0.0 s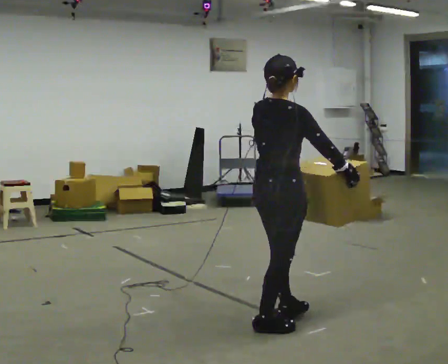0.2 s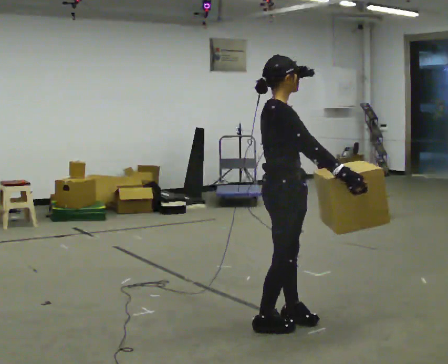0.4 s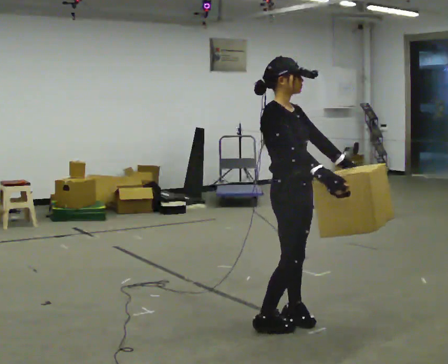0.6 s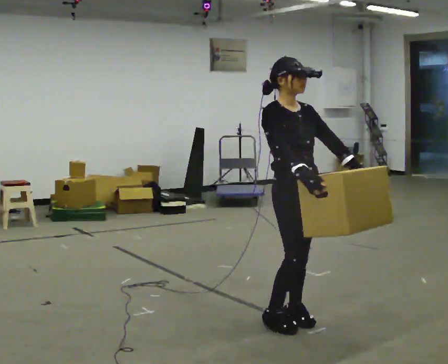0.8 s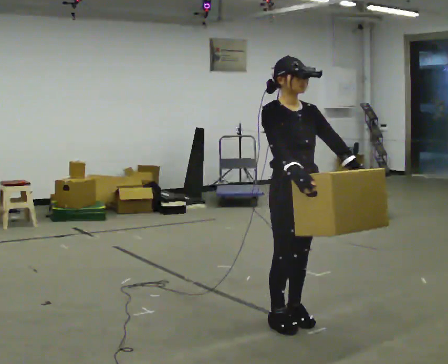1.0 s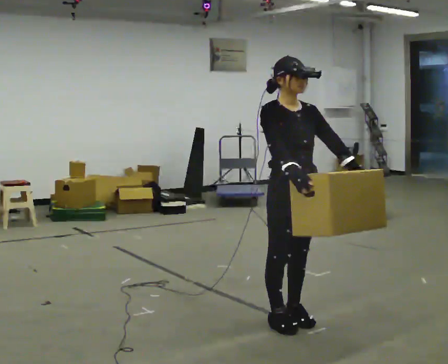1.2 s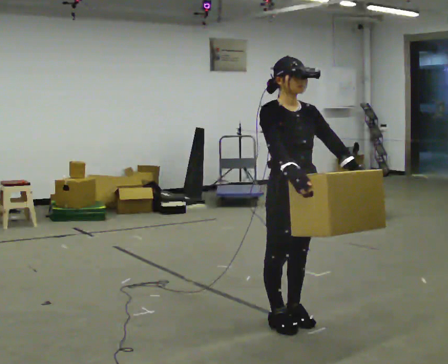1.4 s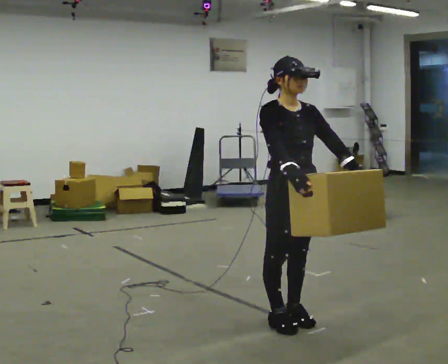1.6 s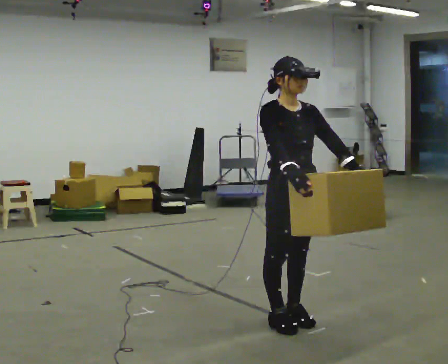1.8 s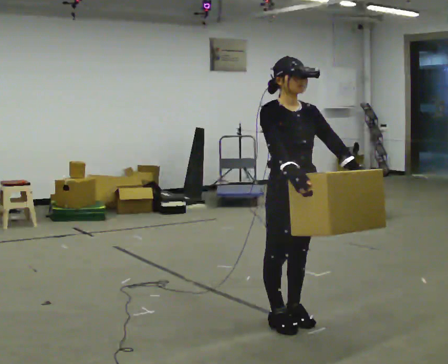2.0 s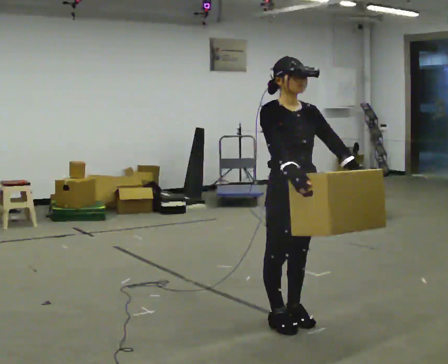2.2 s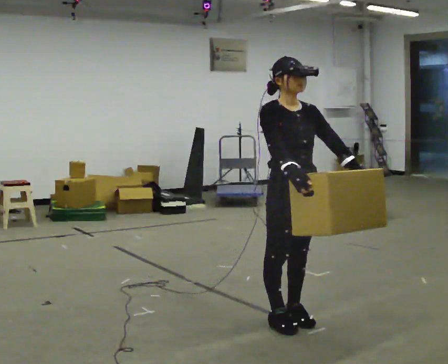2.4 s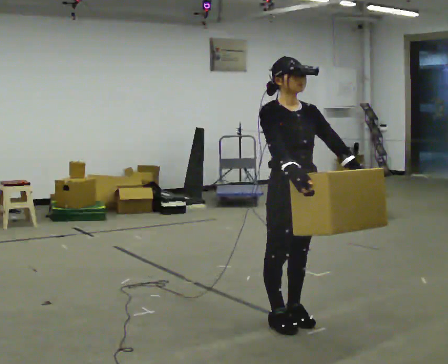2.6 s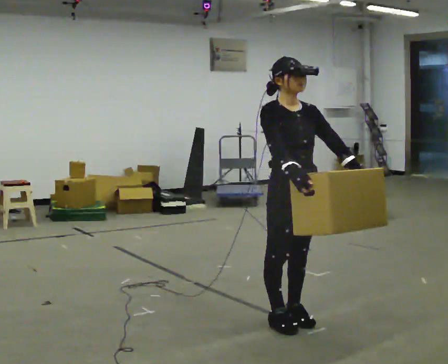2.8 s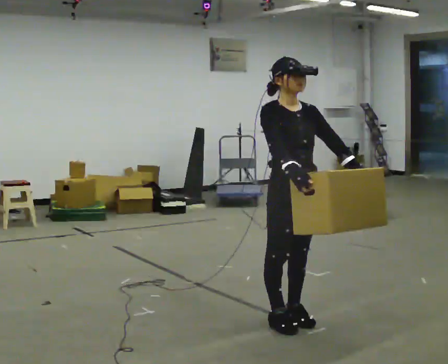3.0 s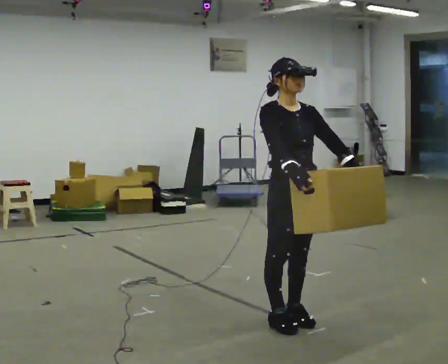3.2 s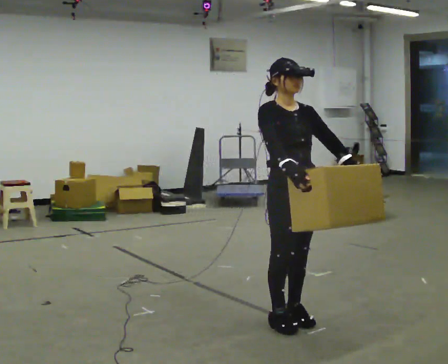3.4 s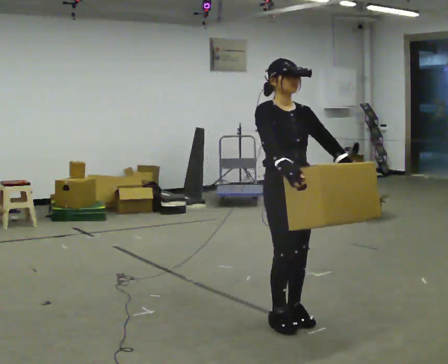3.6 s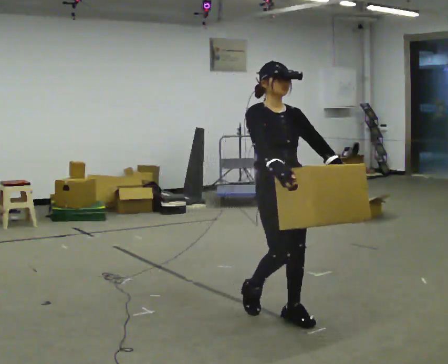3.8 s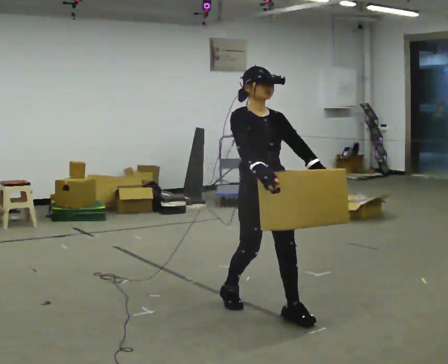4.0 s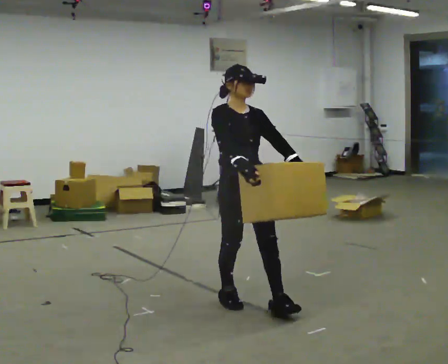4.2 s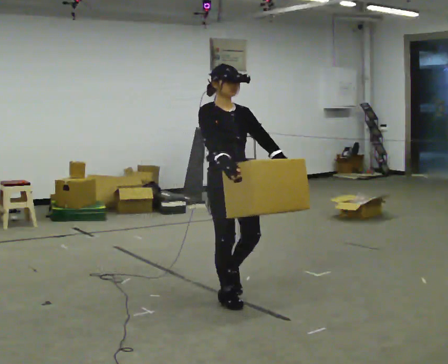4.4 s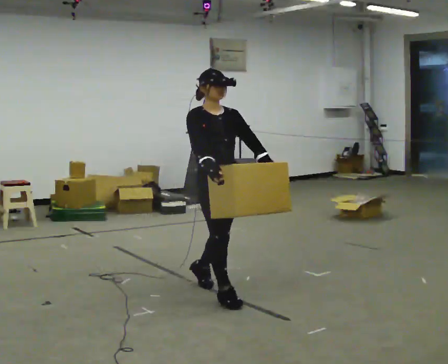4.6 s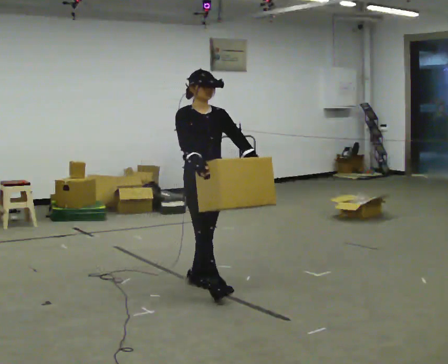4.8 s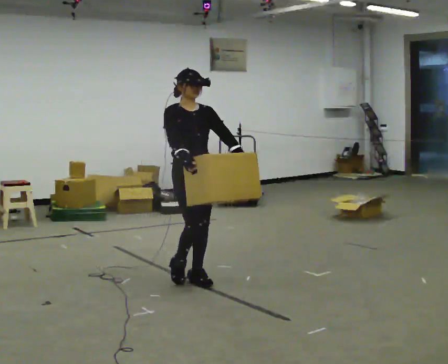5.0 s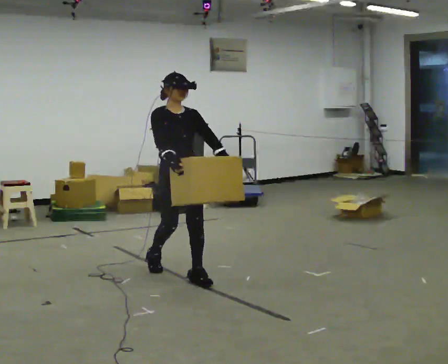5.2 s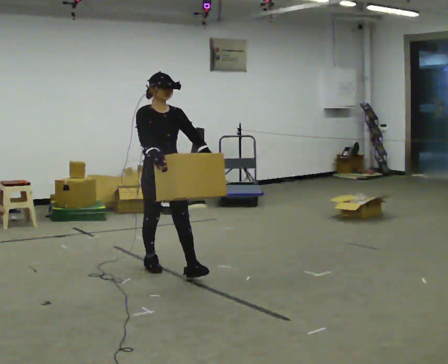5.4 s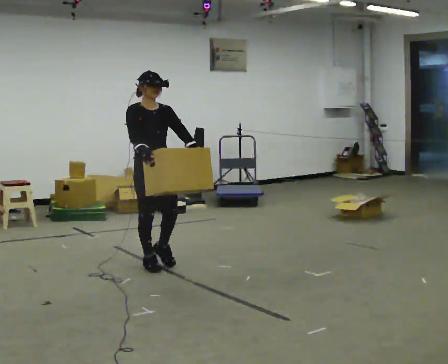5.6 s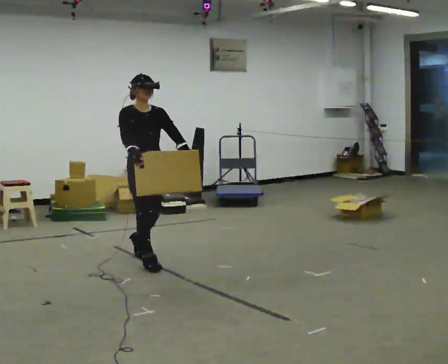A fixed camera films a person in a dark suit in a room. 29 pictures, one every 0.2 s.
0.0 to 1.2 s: The part of the body nearest the lens slides to the left as the person turns to their right by about 90 degrees.
1.2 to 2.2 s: The person keeps their place and pose.
2.2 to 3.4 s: The person moves a little, or ends about where they began.
3.4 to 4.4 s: In the picture they go to the left and away from the camera, about 0.75 m in 1 step, which for them is backward.
4.4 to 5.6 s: In the picture they go to the left and away from the camera, about 1 m in 2 steps, which for them is backward.
The film runs backward here.
